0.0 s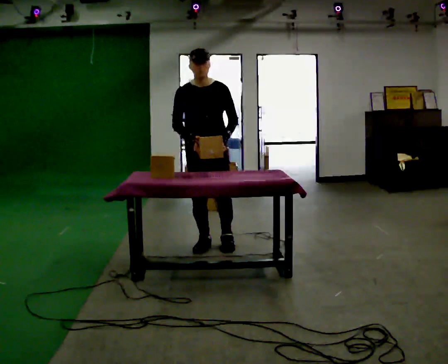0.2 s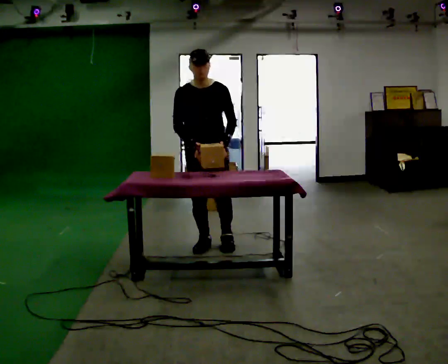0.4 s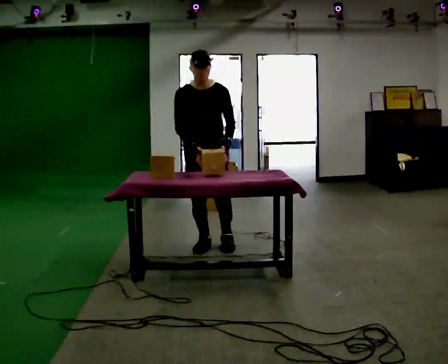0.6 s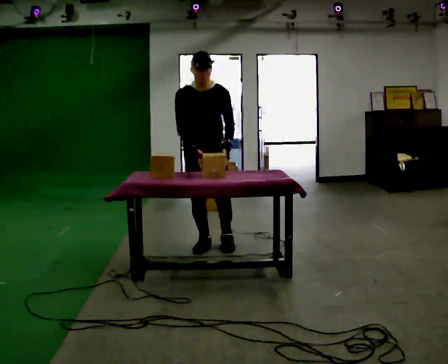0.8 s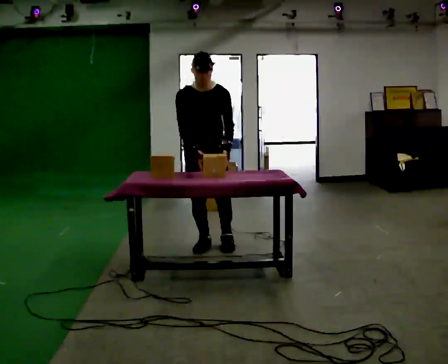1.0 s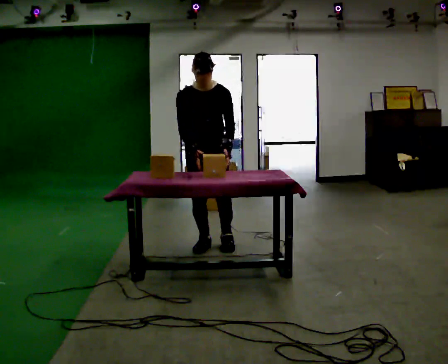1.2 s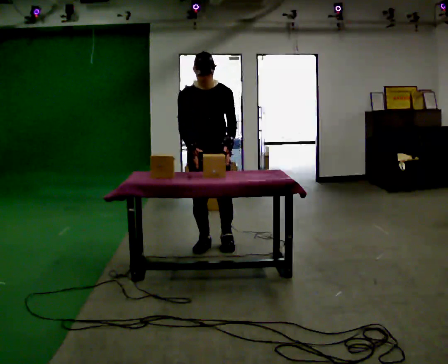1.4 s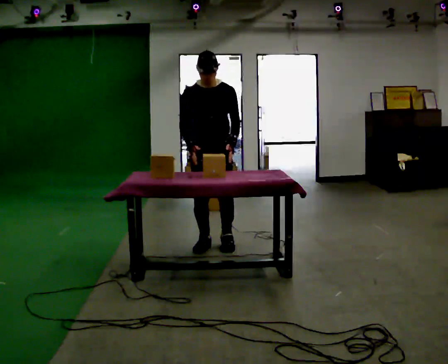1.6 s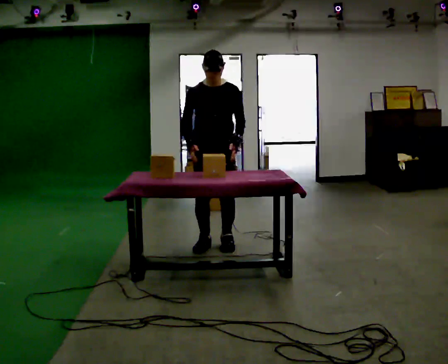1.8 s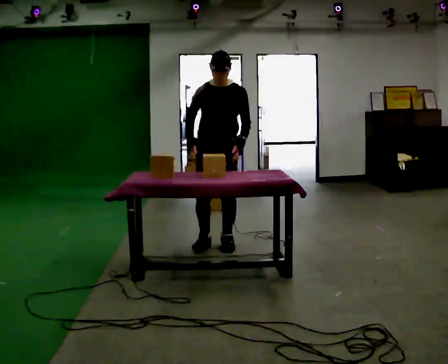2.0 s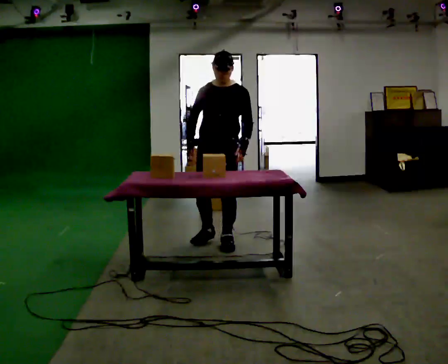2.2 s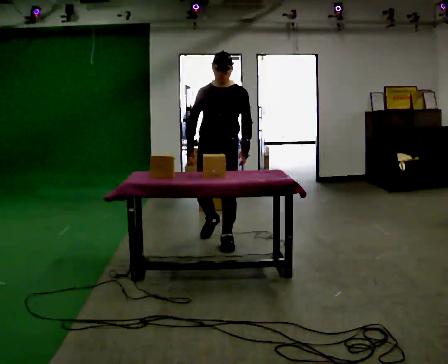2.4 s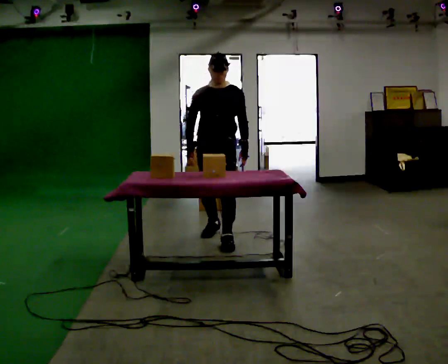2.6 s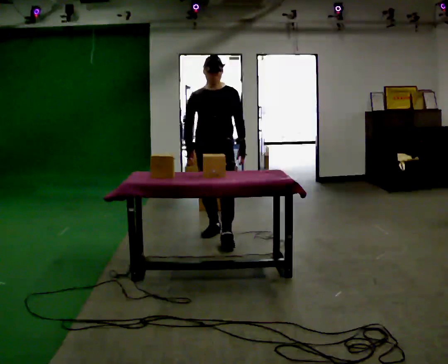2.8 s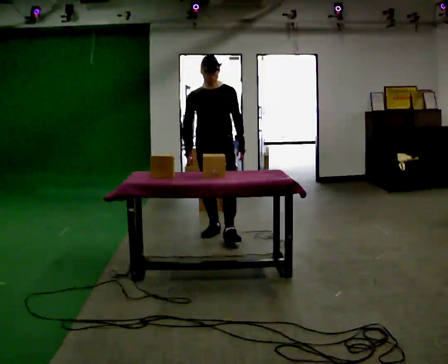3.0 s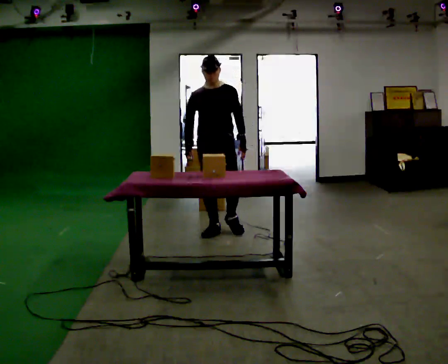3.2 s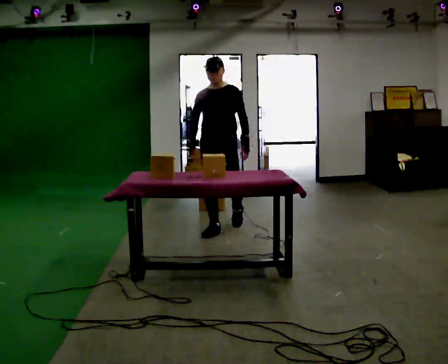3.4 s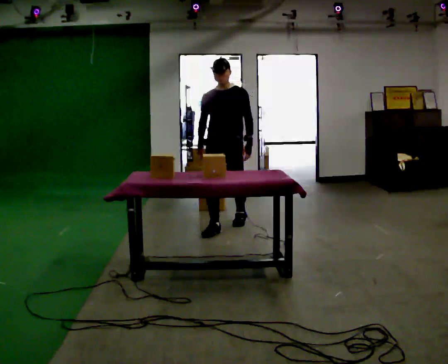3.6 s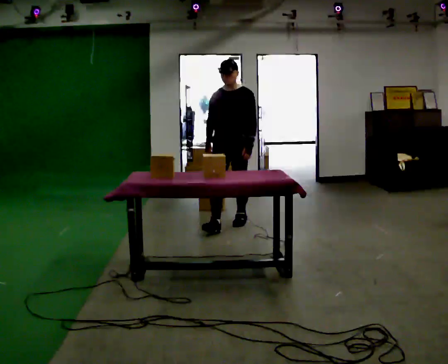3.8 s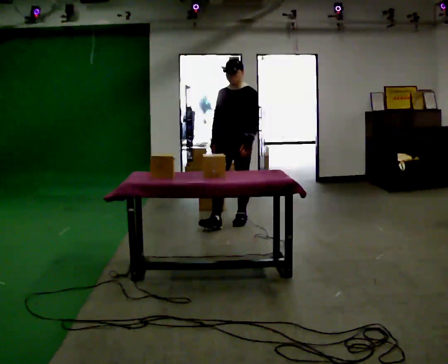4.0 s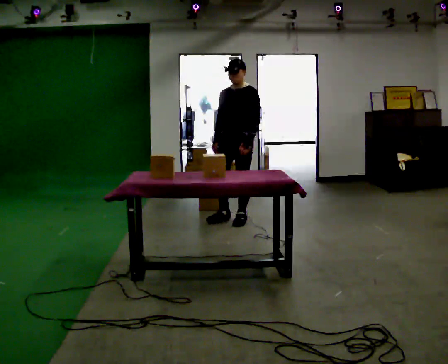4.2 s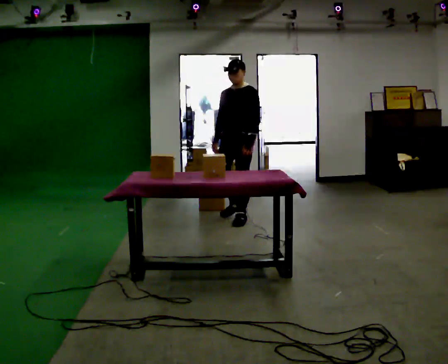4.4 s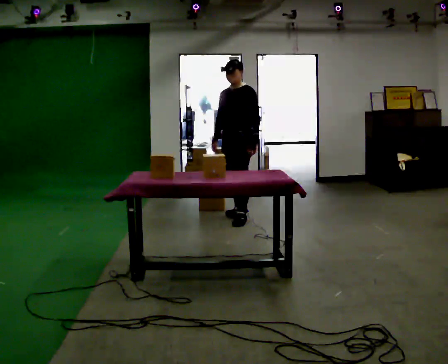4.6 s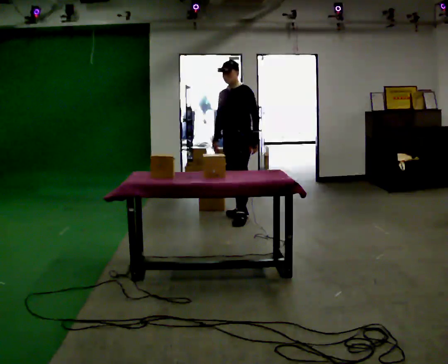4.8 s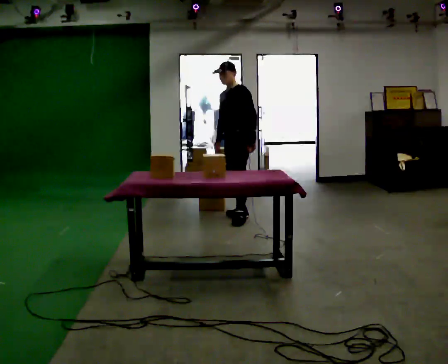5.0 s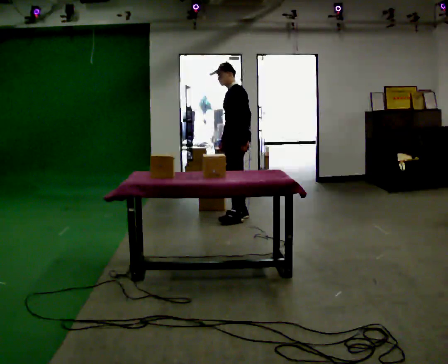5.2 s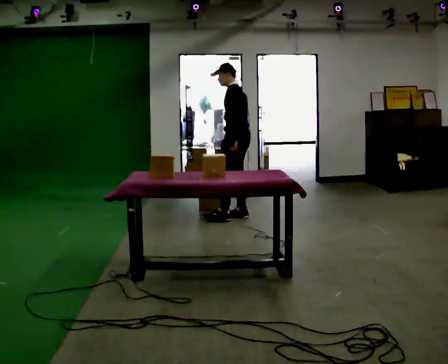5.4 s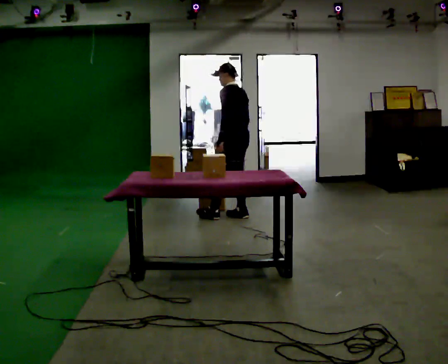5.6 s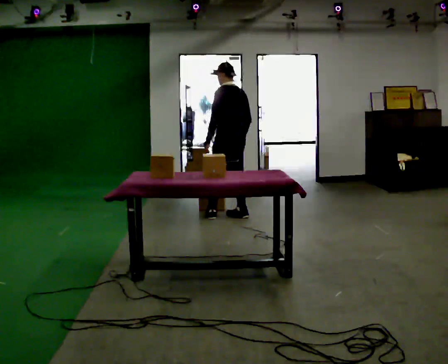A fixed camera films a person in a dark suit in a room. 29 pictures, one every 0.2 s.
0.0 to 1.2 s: The person moves a little, or ends about where they began.
1.2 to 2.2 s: The upper body tips away from the camera, its near side rolling upward, as they lean back or straighten.
2.2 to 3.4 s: In the picture they go away from the camera, about 0.5 m in 1 step, which for them is backward.
3.4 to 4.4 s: The part of the body nearest the lens slides to the left as the person turns to their right by about 30 degrees. In the picture they go away from the camera, about 0.5 m in 1 step, which for them is backward.
4.4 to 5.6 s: The person turns about 90 degrees to their right, clockwise seen from above, so the part of the body nearest the lens slides to the left. In the picture their left hand goes to the left, the arm swinging clockwise.
The film runs backward here.
